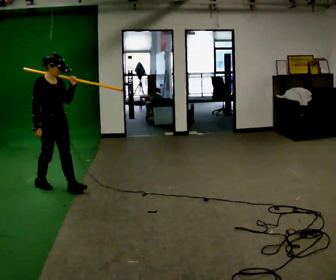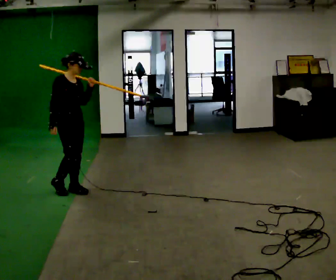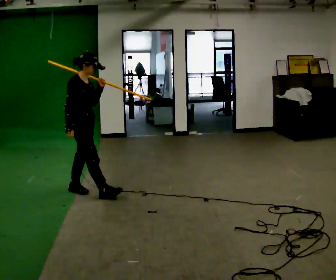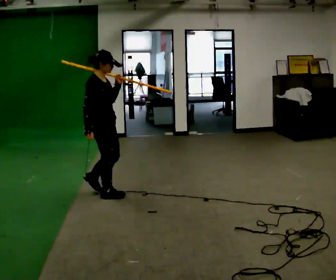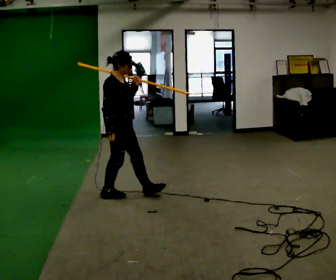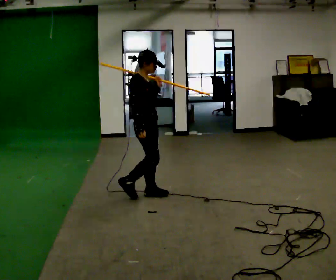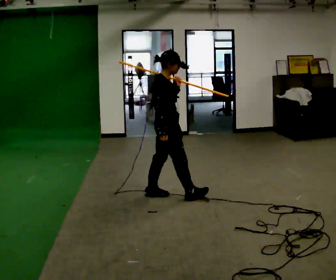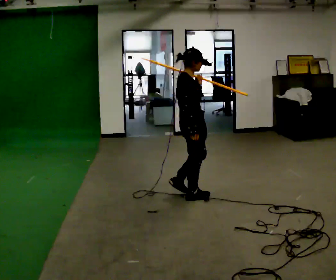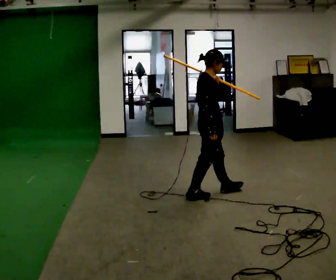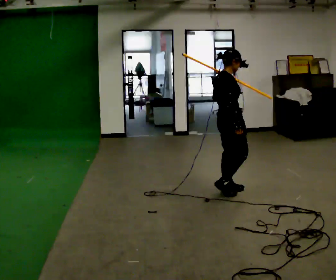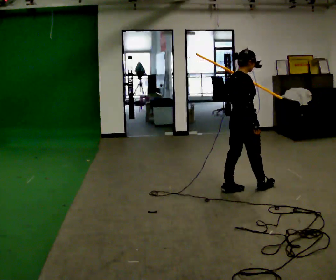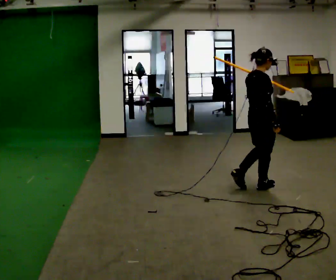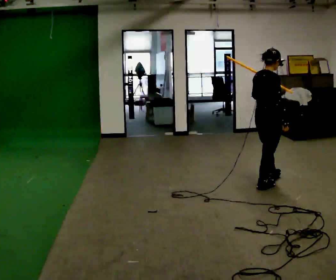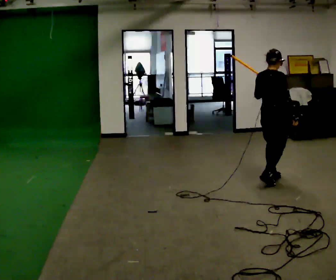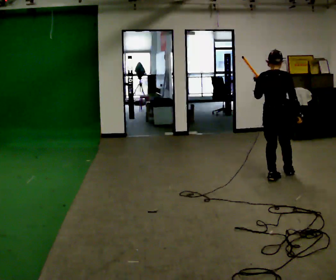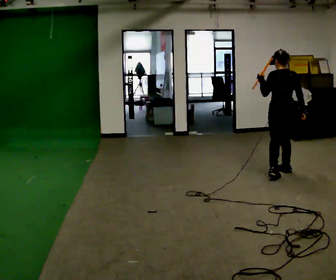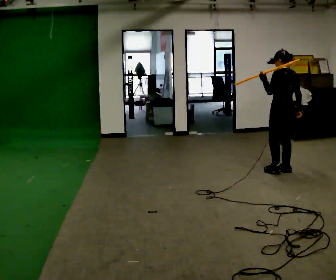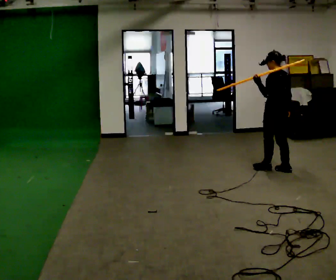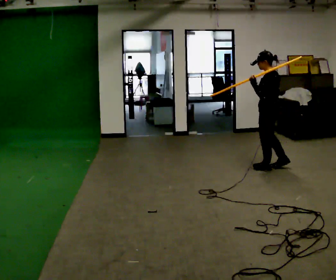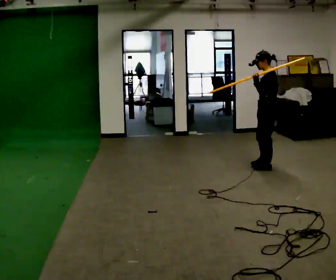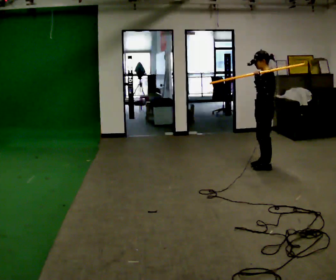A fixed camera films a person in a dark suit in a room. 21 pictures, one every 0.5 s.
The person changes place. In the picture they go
to the right.
The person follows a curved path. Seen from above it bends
counterclockwise.
0.0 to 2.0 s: In the picture they go to the right, about 1 m in 2 steps, which for them is forward.
2.0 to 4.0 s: In the picture they go to the right, about 1 m in 2 steps, which for them is forward.
4.0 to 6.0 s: In the picture they go to the right and away from the camera, about 0.75 m in 2 steps, which for them is forward.
6.0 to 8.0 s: The part of the body nearest the lens slides to the right as the person turns to their left by about 90 degrees. In the picture they go away from the camera and to the right, about 0.5 m in 1 step.
8.0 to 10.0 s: The person turns about 45 degrees to their left, counterclockwise seen from above, so the part of the body nearest the lens slides to the right. In the picture they go away from the camera and to the left, about 0.25 m in 2 steps, which for them is forward and to their right.
The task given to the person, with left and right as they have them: Rest the long object on the shoulder the operator calls and carry it across the room, back and forth.
The film runs forward here.
